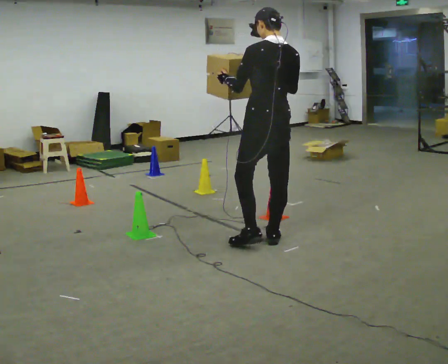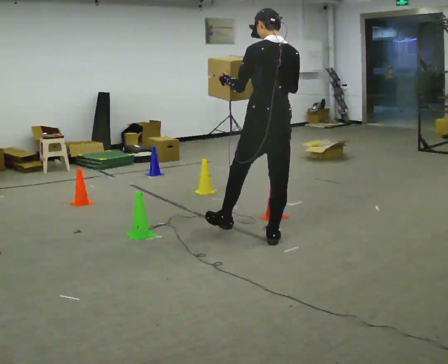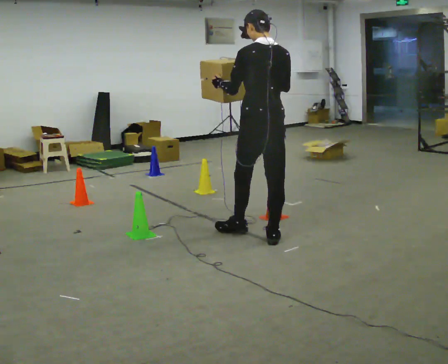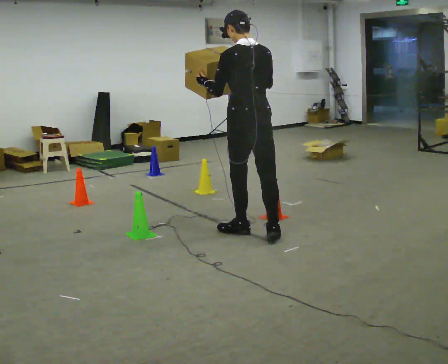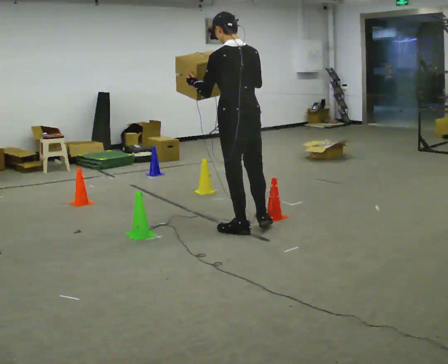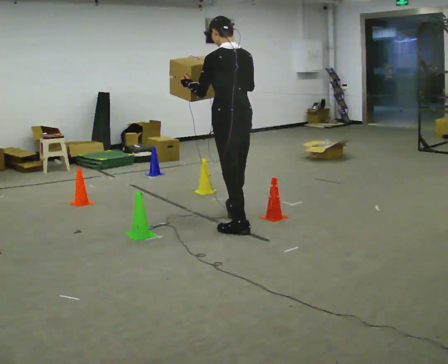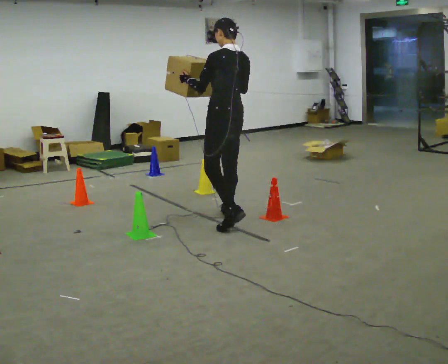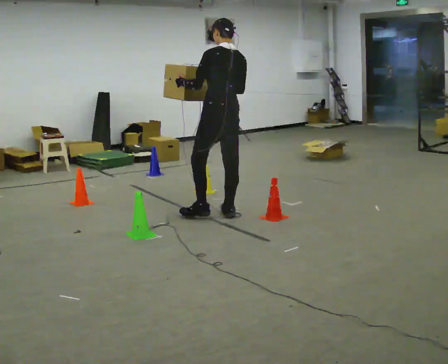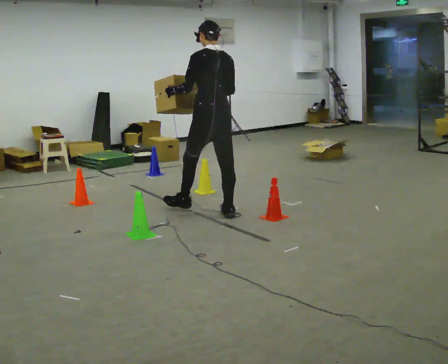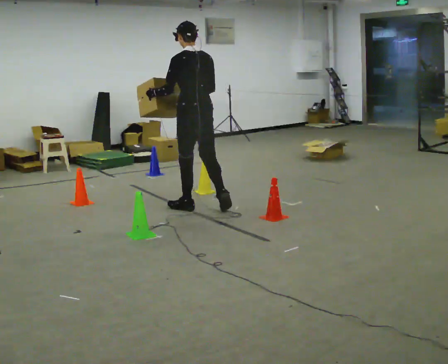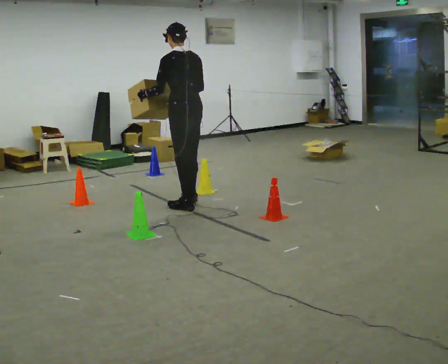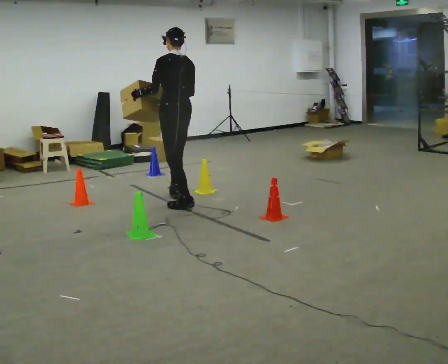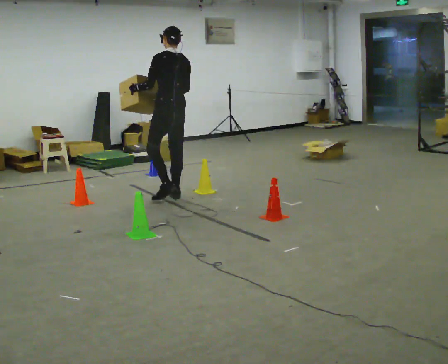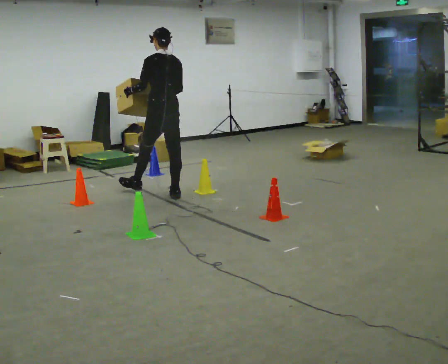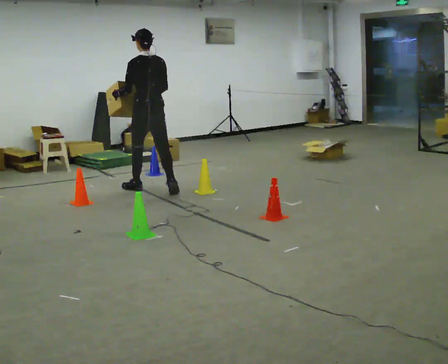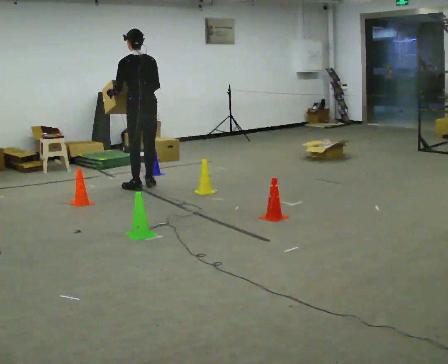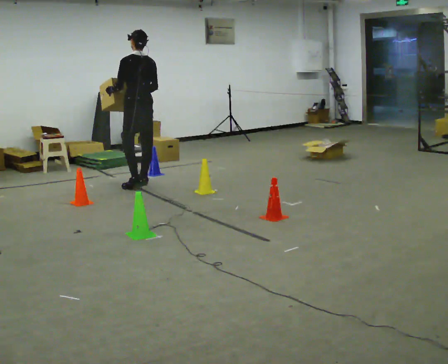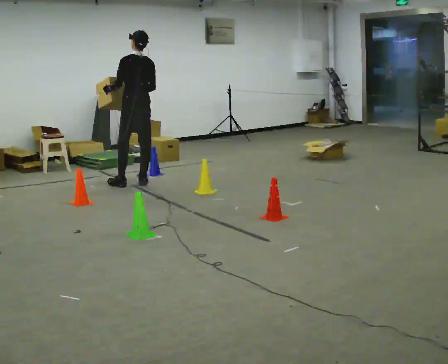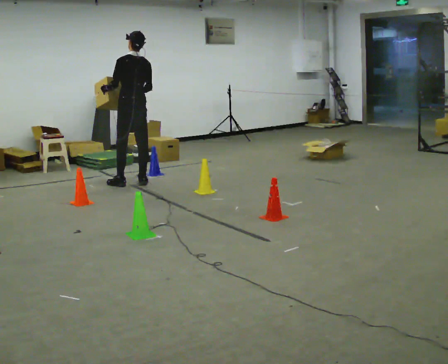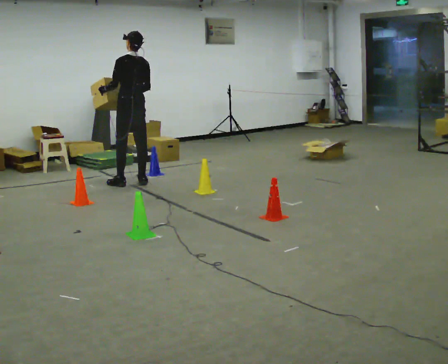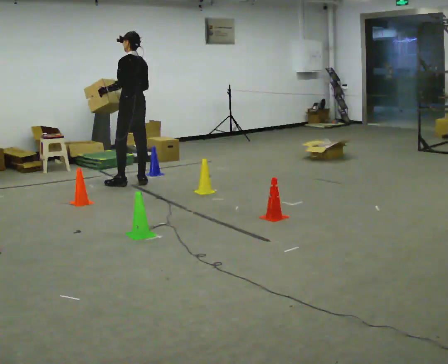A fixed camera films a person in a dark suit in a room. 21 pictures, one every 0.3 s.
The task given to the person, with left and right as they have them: Carry the box through the gap between the panels without touching either side, then set it down and bring it back. Keep going until the operator says stop; one object at a time, and do not rush between trips.
0.0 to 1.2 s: In the picture they go away from the camera and to the left, about 0.25 m in 1 step, which for them is forward.
1.2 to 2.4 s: In the picture they go away from the camera and to the left, about 0.5 m in 1 step, which for them is forward.
2.4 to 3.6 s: In the picture they go away from the camera and to the left, about 0.5 m in 2 steps, which for them is forward.
3.6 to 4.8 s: In the picture they go away from the camera and to the left, about 0.75 m in 2 steps, which for them is forward.
4.8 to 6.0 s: The person moves a little, or ends about where they began.
The film runs forward here.
